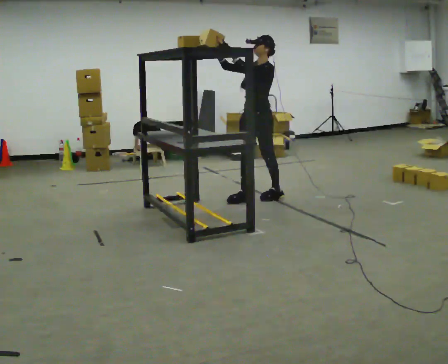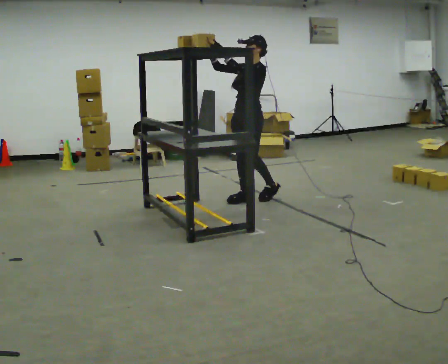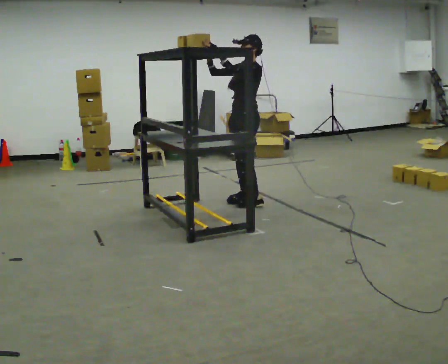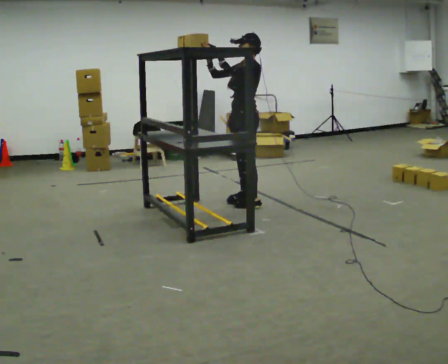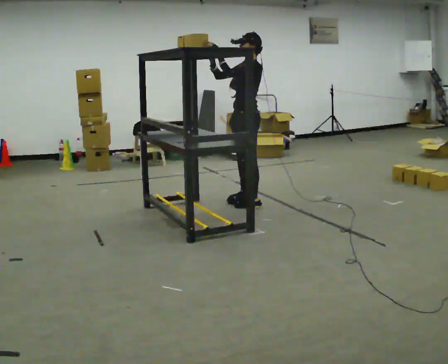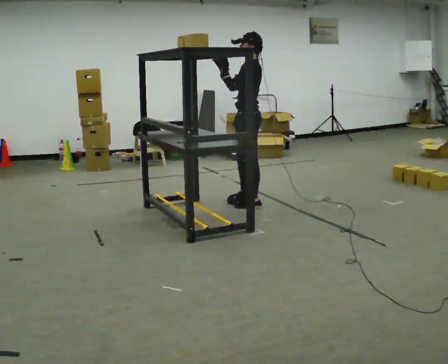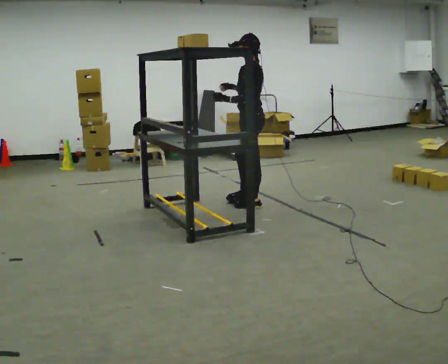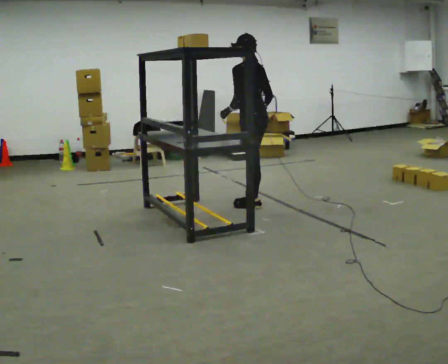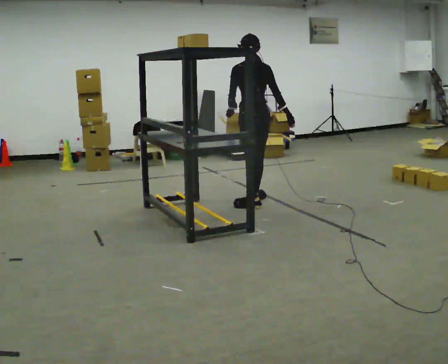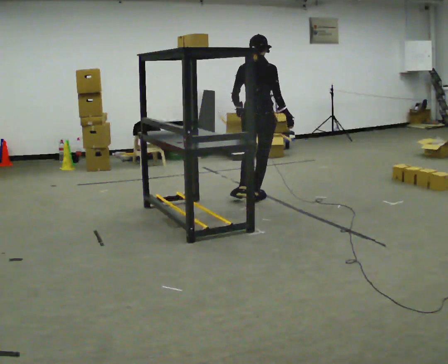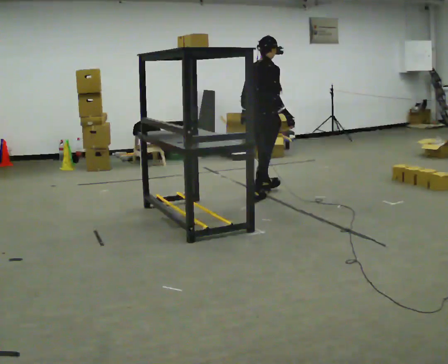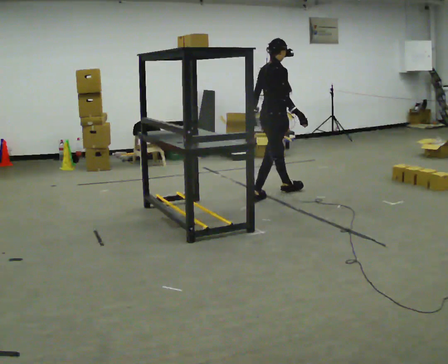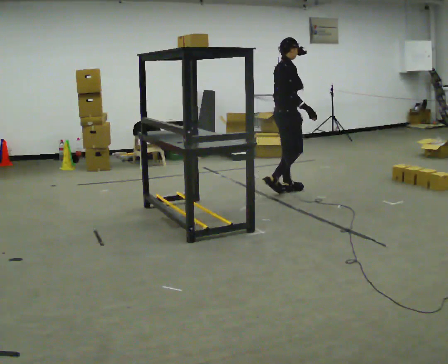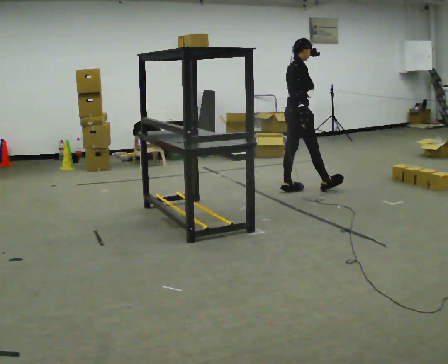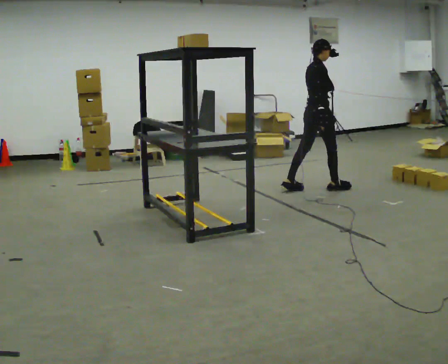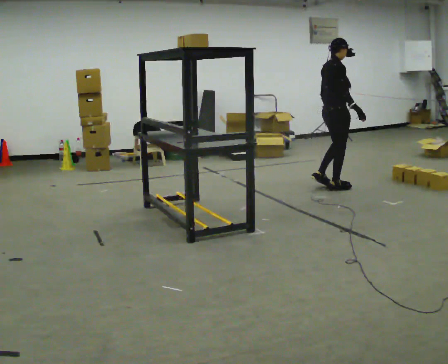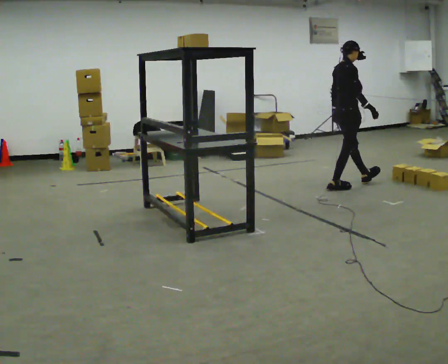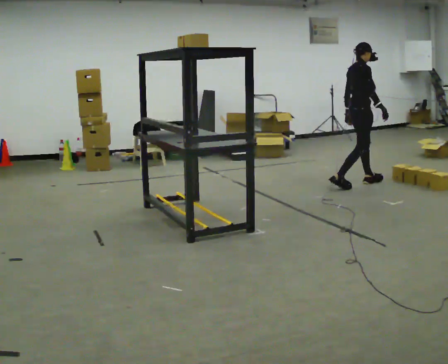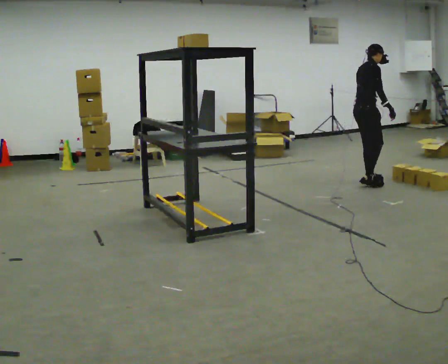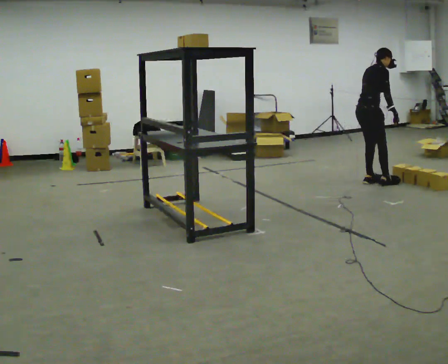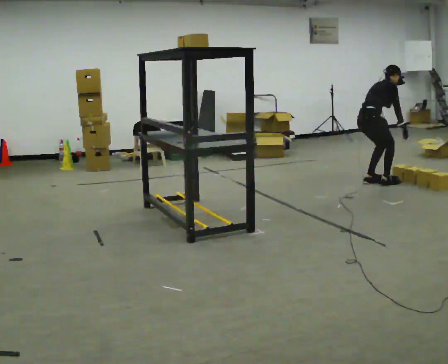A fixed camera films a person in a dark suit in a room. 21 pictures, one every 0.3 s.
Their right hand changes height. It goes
downward.
Their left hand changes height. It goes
downward.
0.0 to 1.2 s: In the picture they go toward the camera, about 0.25 m in 1 step, which for them is forward.
1.2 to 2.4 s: The part of the body nearest the lens slides to the left as the person turns to their right by about 90 degrees. In the picture their right hand goes to the right and downward.
2.4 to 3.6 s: The person turns about 90 degrees to their right, clockwise seen from above, so the part of the body nearest the lens slides to the left. In the picture they go away from the camera and to the right, about 0.5 m in 1 step.
3.6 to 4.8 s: In the picture they go to the right, about 0.75 m in 1 step, which for them is forward.
4.8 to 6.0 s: In the picture they go to the right, about 0.25 m in 2 steps, which for them is forward. The upper body goes downward. In the picture the upper body tilts clockwise, shoulders to the right, as they bend forward.
The film runs forward here.
